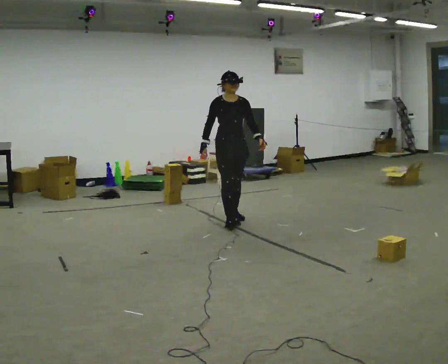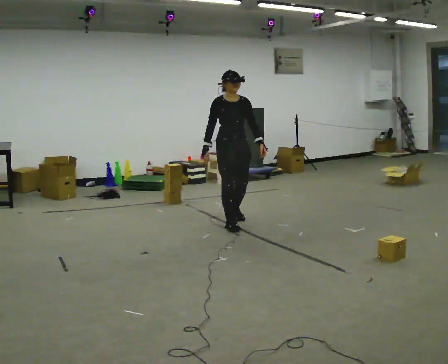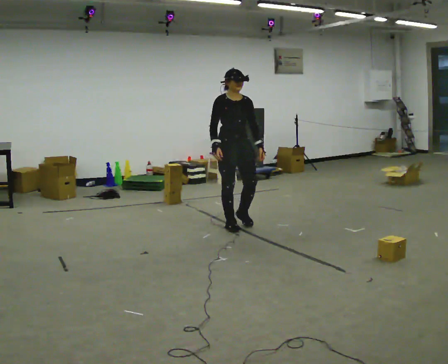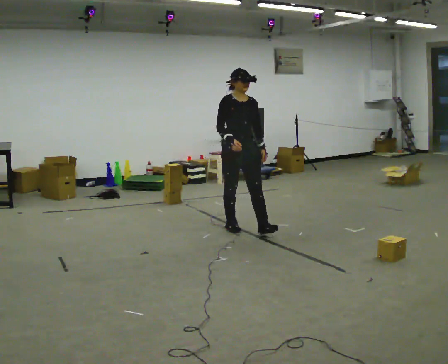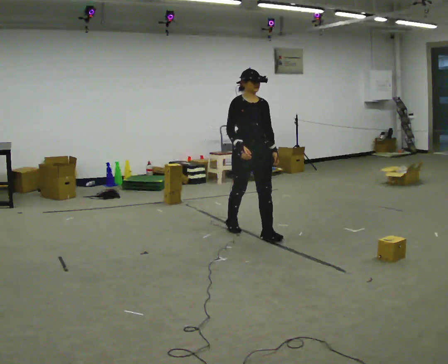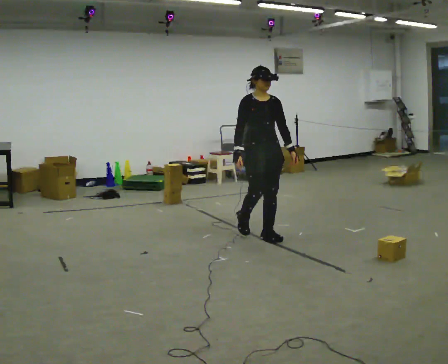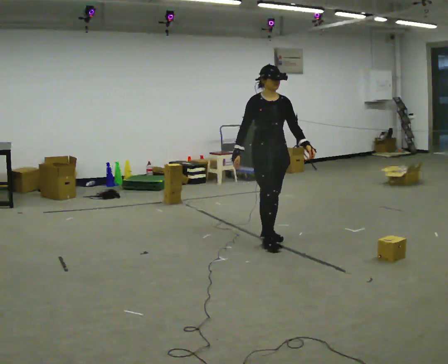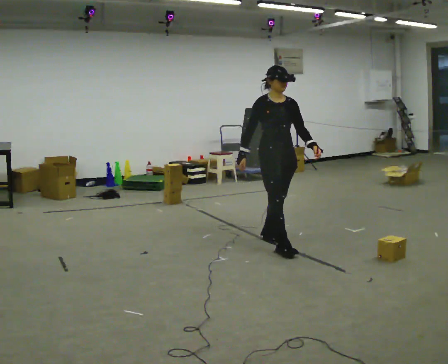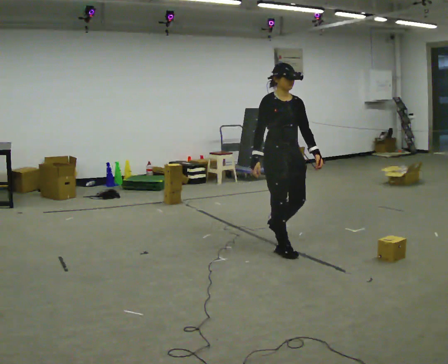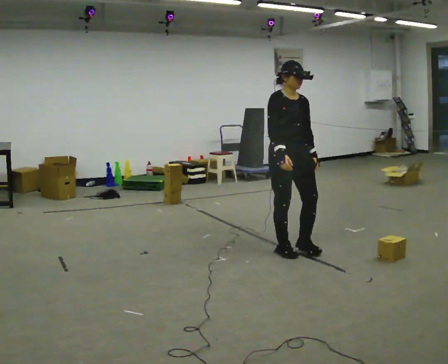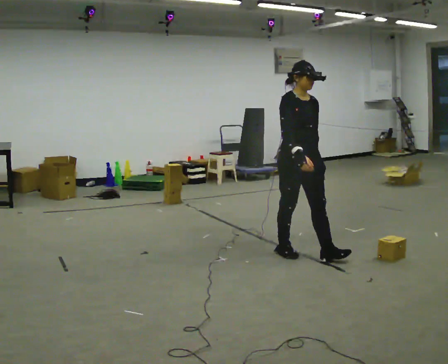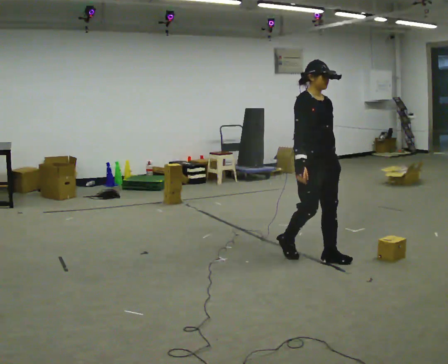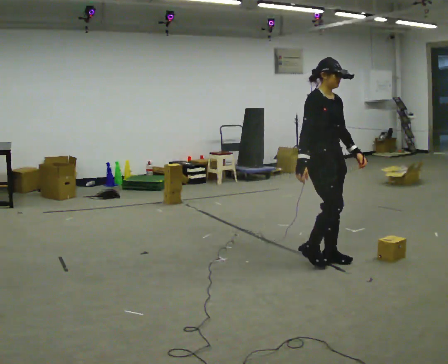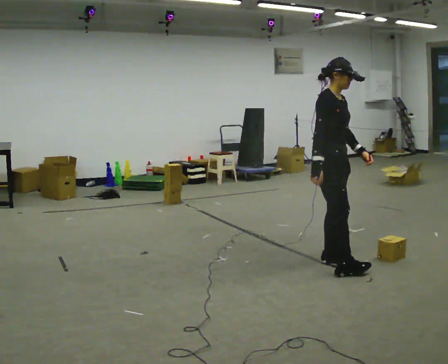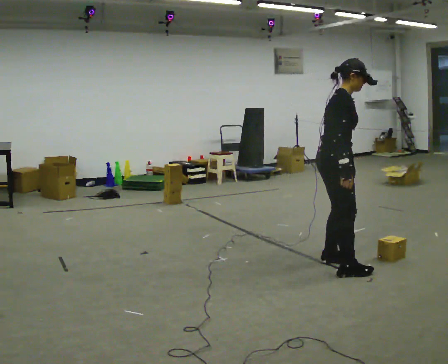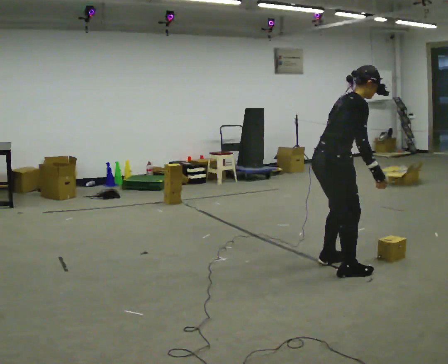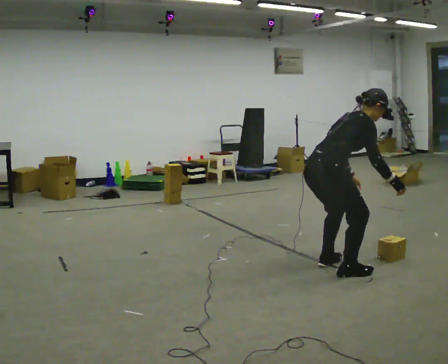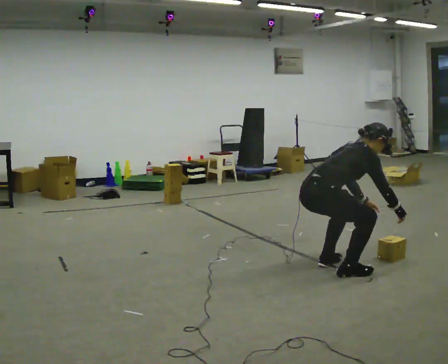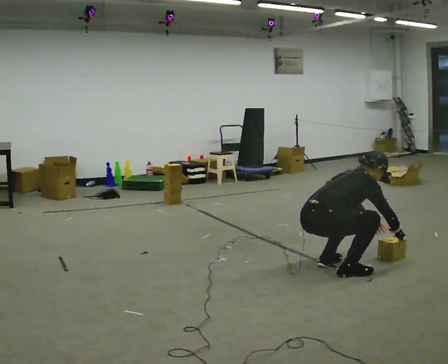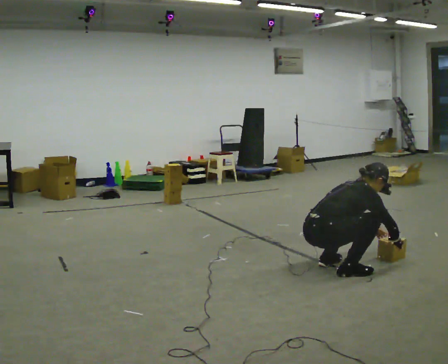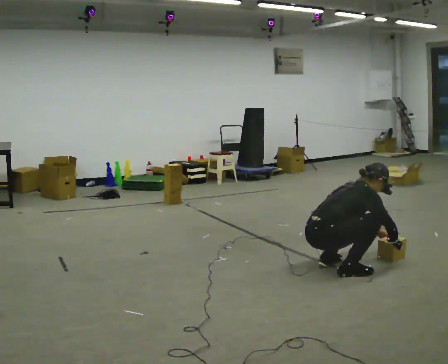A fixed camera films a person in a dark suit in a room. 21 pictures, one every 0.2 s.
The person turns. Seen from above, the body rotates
counterclockwise.
The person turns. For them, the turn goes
to their left.
0.0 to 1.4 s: In the picture they go toward the camera and to the right, about 1 m in 3 steps, which for them is forward.
1.4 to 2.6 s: Seen from above the body turns counterclockwise, about 30 degrees: to their left, with its near side sliding to the right. In the picture they go toward the camera and to the right, about 0.75 m in 1 step, which for them is forward.
2.6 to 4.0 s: Seen from above the body turns counterclockwise, about 45 degrees: to their left, with its near side sliding to the right. In the picture they go toward the camera, about 0.25 m in 1 step, which for them is to their right and backward. The upper body goes downward. In the picture the upper body tilts clockwise, shoulders to the right, as they bend forward. In the picture their right hand goes downward and to the right, the arm swinging counterclockwise.
The film runs forward here.
